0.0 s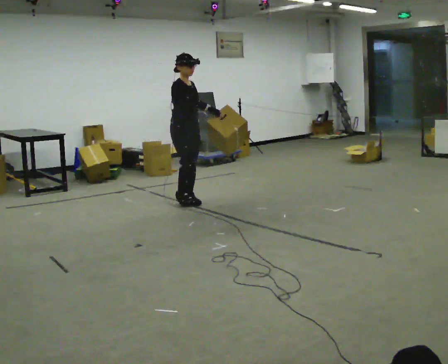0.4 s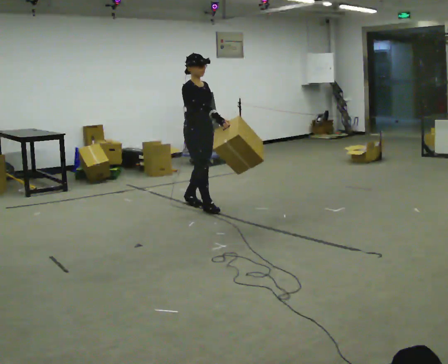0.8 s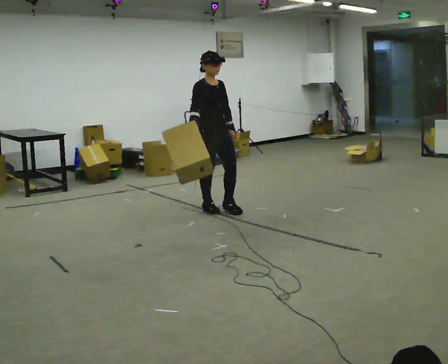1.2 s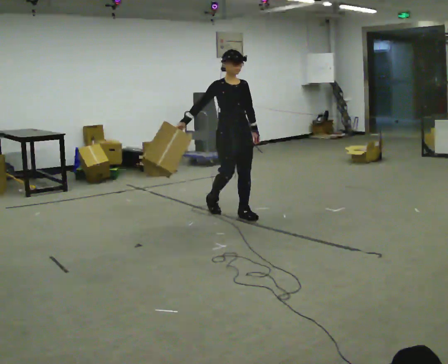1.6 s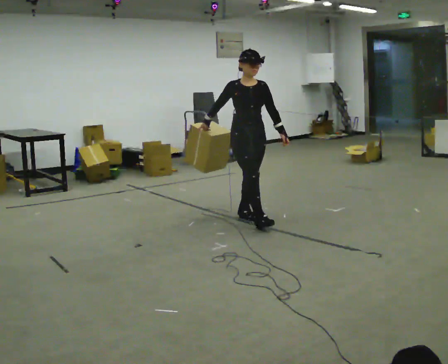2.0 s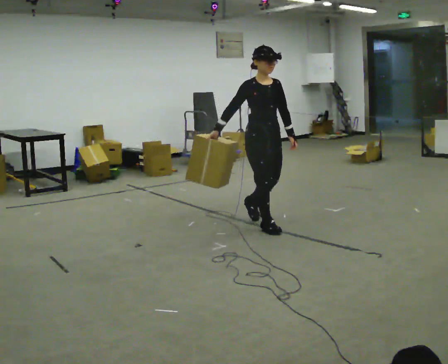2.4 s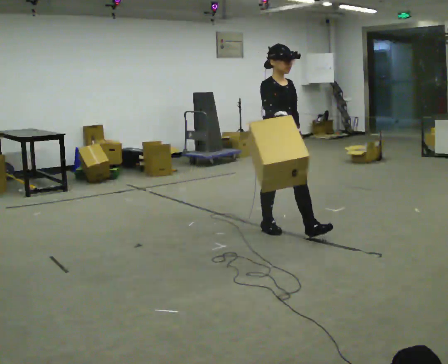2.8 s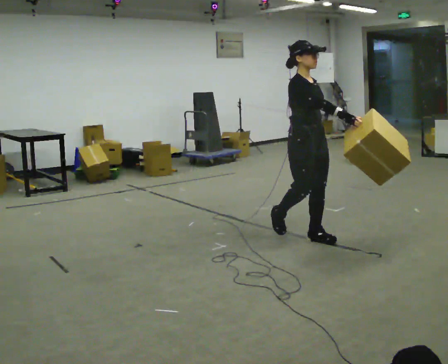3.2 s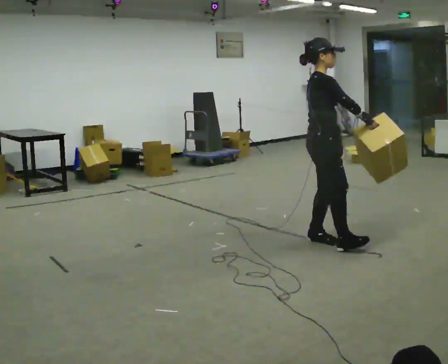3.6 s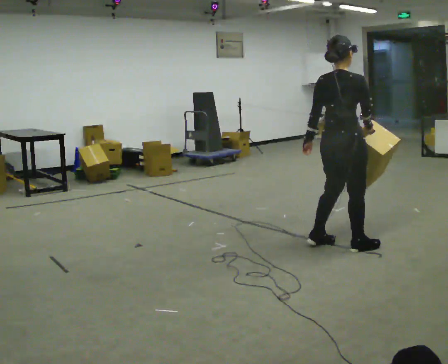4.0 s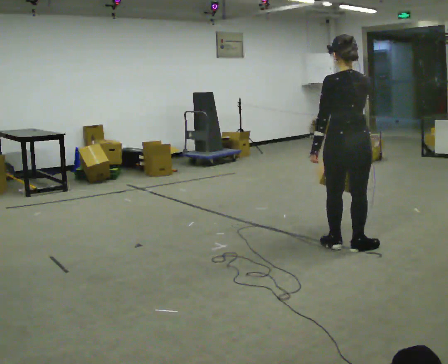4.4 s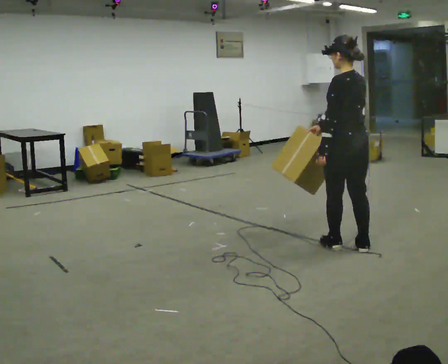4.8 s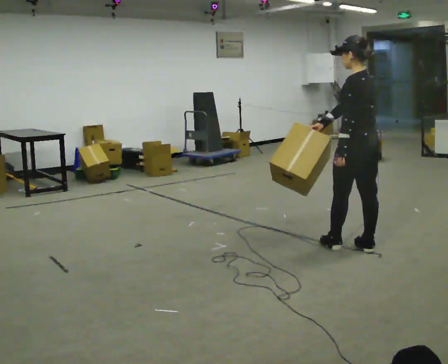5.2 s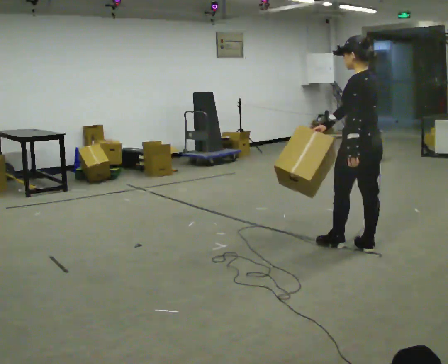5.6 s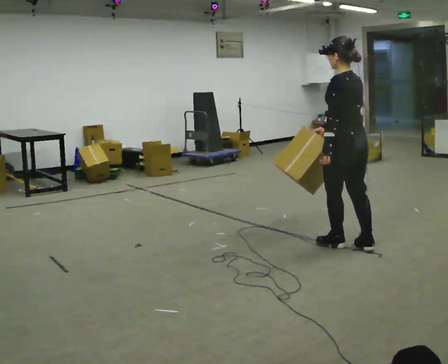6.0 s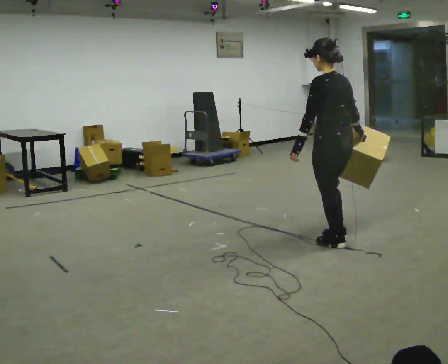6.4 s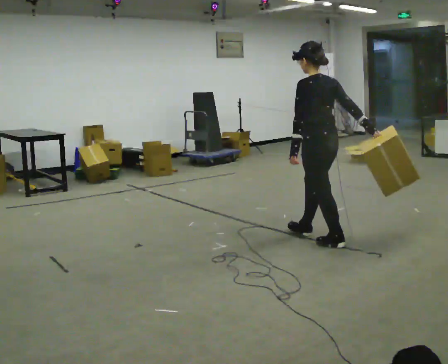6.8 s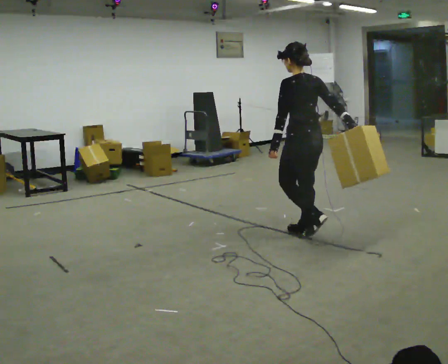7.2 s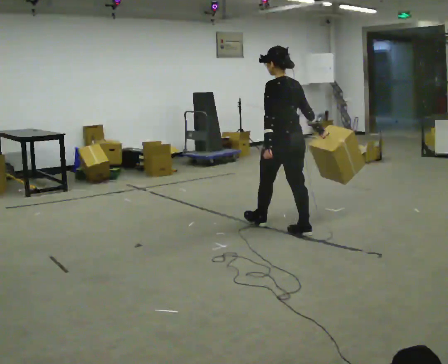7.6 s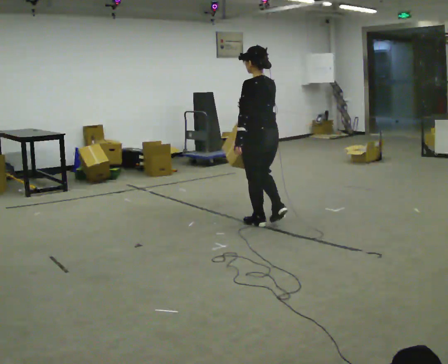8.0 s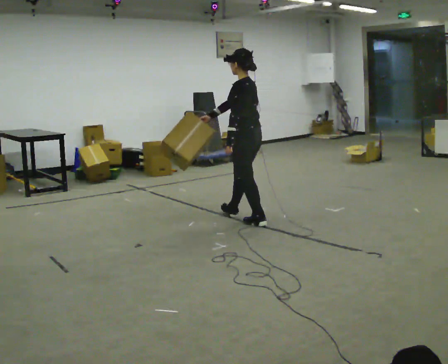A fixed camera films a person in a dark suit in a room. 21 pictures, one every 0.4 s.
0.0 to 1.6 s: The person turns about 30 degrees to their right, clockwise seen from above, so the part of the body nearest the lens slides to the left. In the picture they go to the right and toward the camera, about 1 m in 2 steps, which for them is forward.
1.6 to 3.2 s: Seen from above the body turns counterclockwise, about 60 degrees: to their left, with its near side sliding to the right. In the picture they go toward the camera and to the right, about 1 m in 2 steps, which for them is forward.
3.2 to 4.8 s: Seen from above the body turns counterclockwise, about 135 degrees: to their left, with its near side sliding to the right. In the picture they go to the right and toward the camera, about 0.25 m in 2 steps.
4.8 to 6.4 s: In the picture they go to the left and away from the camera, about 0.5 m in 1 step, which for them is forward.
6.4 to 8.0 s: In the picture they go to the left and away from the camera, about 1 m in 2 steps, which for them is forward.
The film runs forward here.
